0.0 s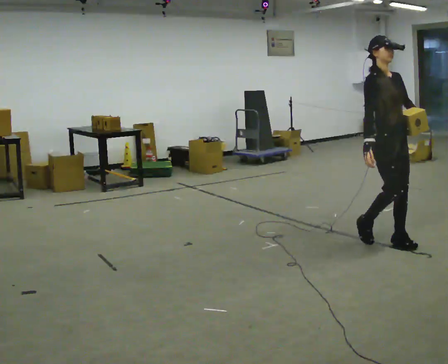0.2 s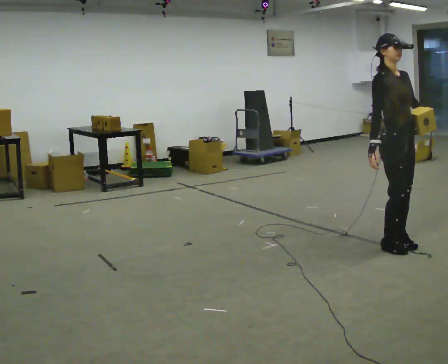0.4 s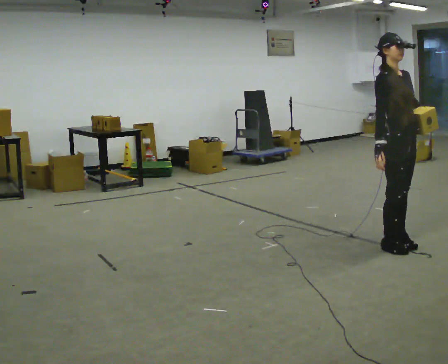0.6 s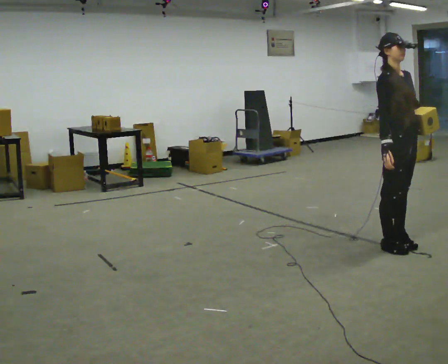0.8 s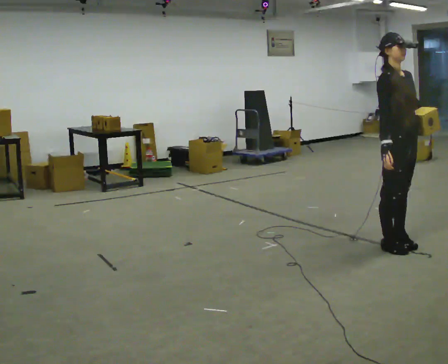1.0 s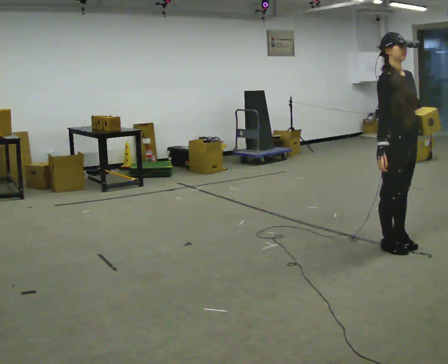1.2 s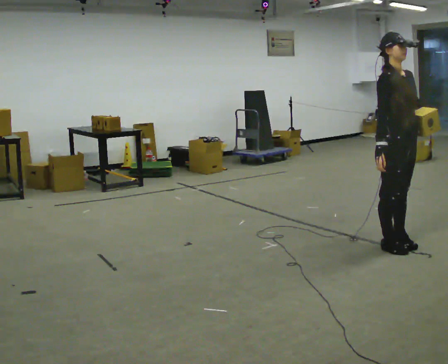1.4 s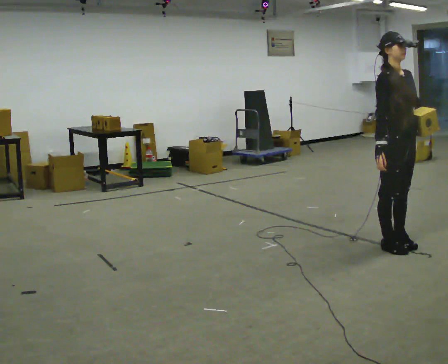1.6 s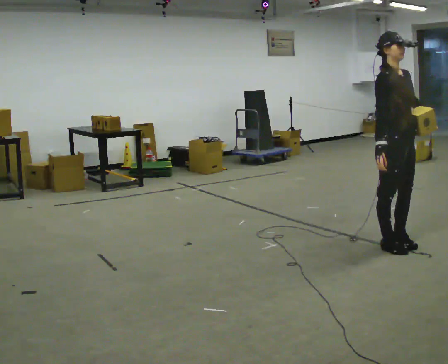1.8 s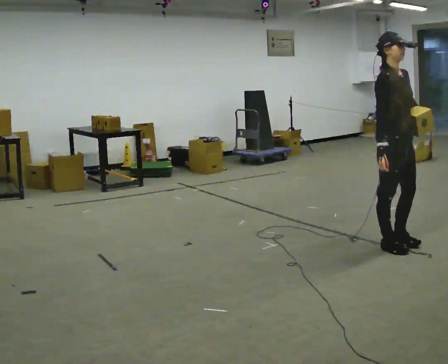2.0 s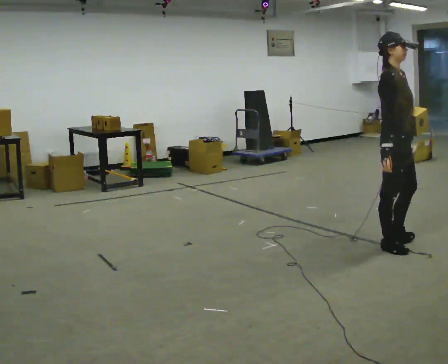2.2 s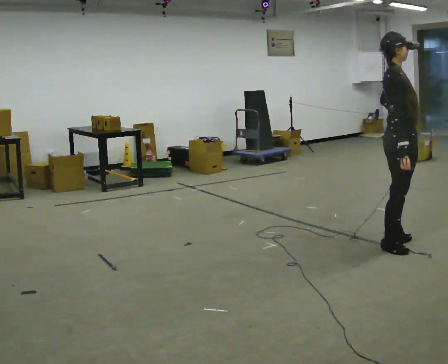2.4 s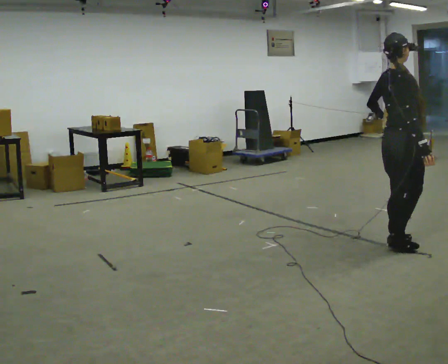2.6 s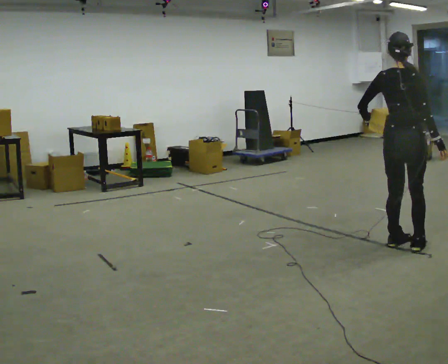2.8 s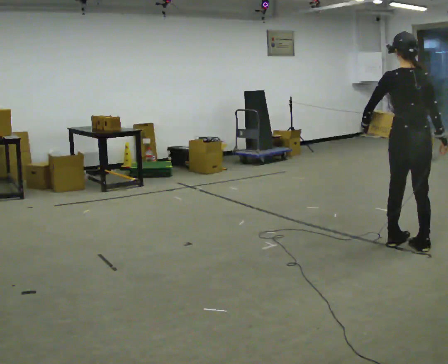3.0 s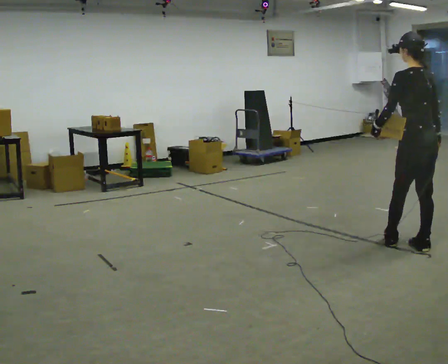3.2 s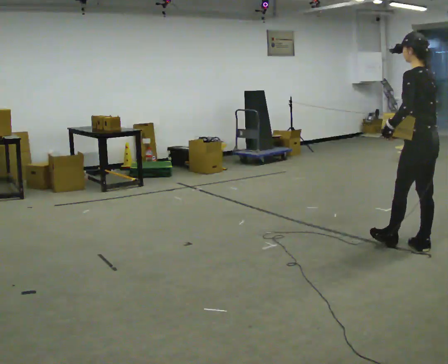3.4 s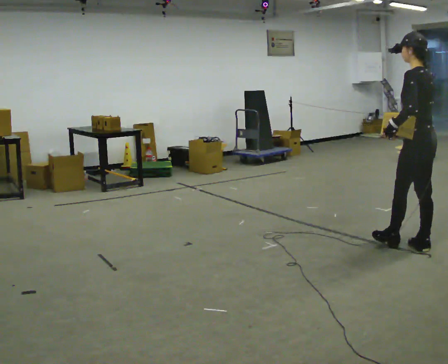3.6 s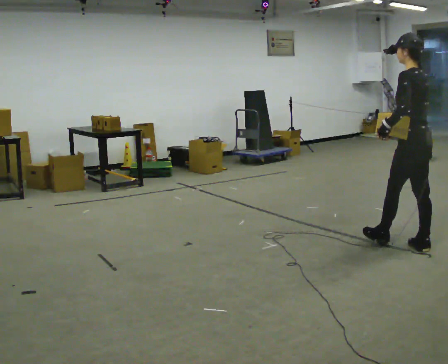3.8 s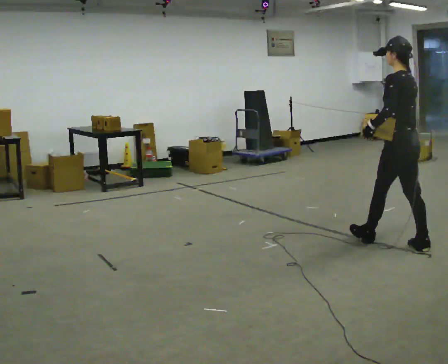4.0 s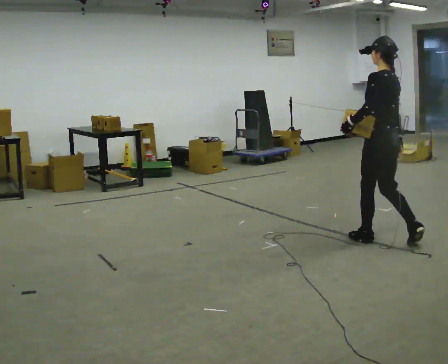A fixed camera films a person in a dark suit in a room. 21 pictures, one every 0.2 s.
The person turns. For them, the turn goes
to their left.
The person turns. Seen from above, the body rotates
counterclockwise.
0.0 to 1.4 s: The person moves a little, or ends about where they began.
1.4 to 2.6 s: The part of the body nearest the lens slides to the right as the person turns to their left by about 105 degrees. In the picture their left hand goes to the left, the arm swinging clockwise.
2.6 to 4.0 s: The part of the body nearest the lens slides to the right as the person turns to their left by about 75 degrees.
The film runs forward here.
